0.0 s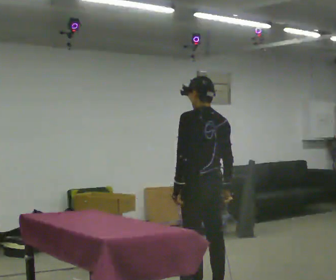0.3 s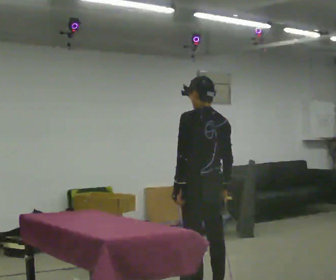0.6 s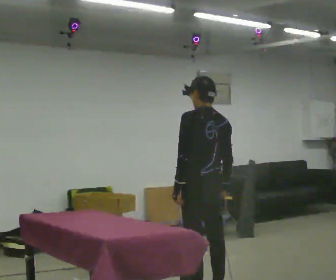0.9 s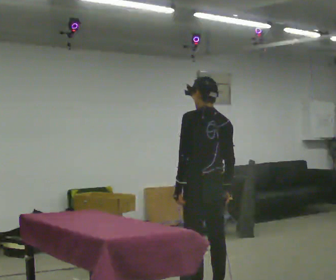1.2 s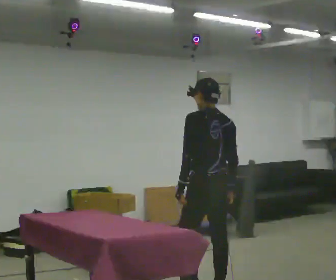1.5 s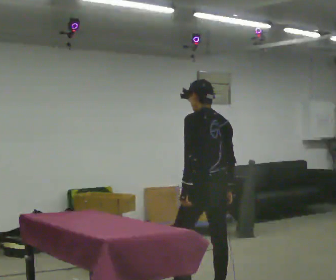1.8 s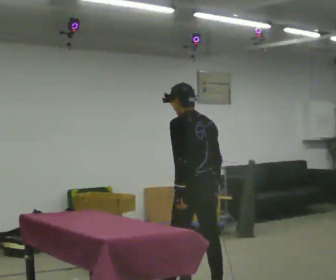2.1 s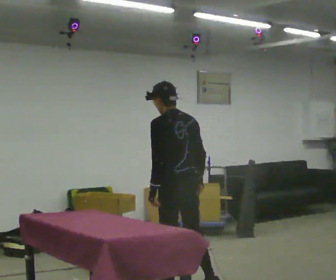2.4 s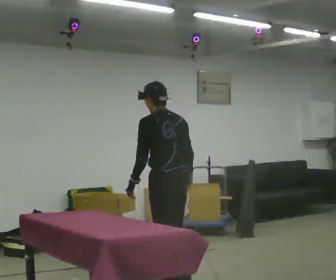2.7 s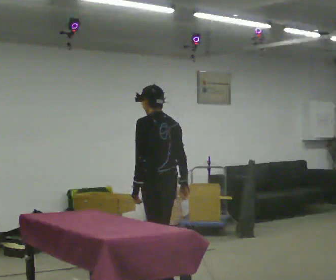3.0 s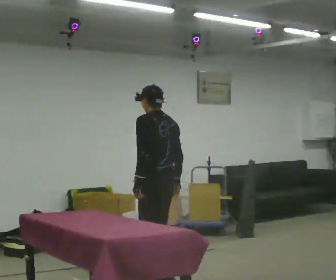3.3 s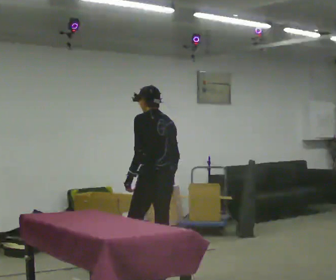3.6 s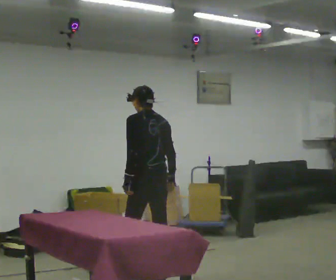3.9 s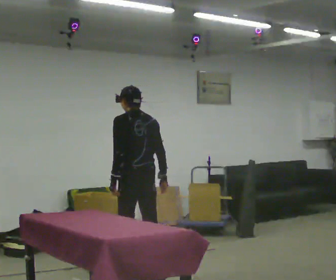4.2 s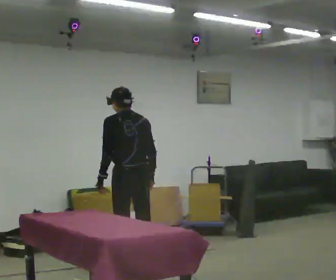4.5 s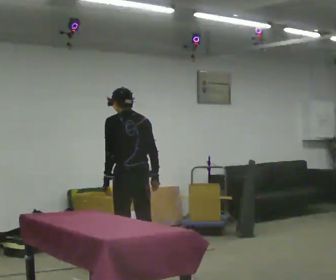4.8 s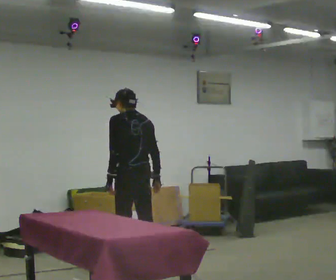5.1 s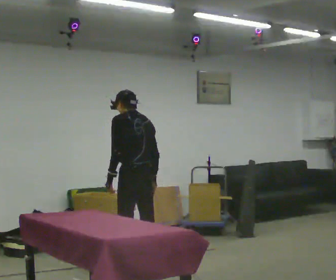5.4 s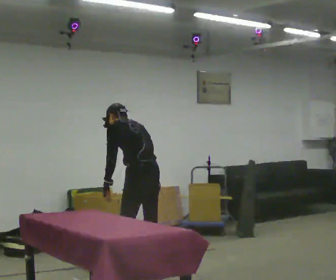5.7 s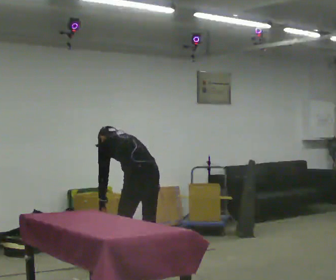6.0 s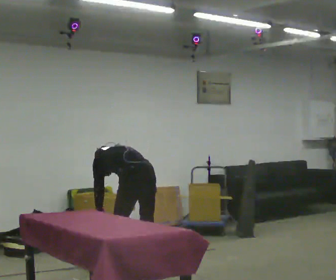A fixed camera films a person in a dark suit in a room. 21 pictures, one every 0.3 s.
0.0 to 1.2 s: The person moves a little, or ends about where they began.
1.2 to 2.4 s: In the picture they go away from the camera and to the left, about 0.5 m in 1 step, which for them is forward.
2.4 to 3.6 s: In the picture they go away from the camera, about 0.5 m in 2 steps, which for them is forward and to their right.
3.6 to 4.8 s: The person moves a little, or ends about where they began.
4.8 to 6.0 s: The upper body goes downward. The upper body tips away from the camera, its near side rolling upward, as they bend forward. In the picture their right hand goes downward and to the left.
The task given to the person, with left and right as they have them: Take an object out of the bin at knee height, carry it across the room, and place it on the chest-height shelf. Keep going until the operator says stop; one object at a time, and do not rush between trips.
The film runs forward here.
